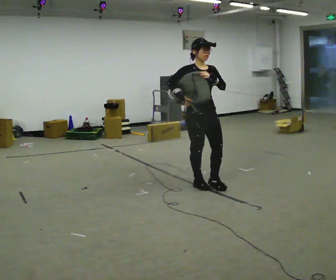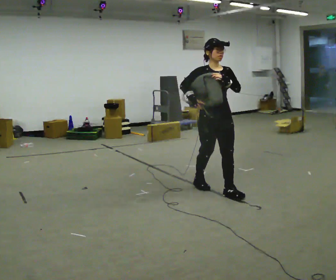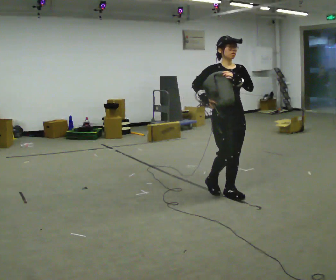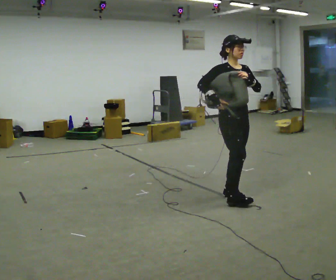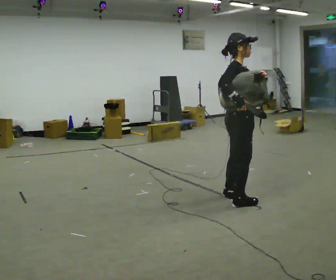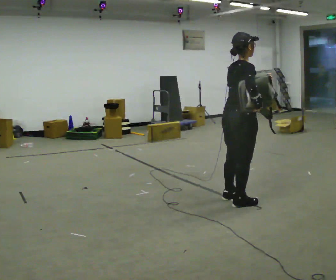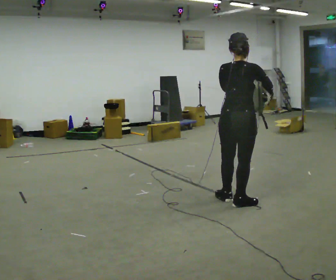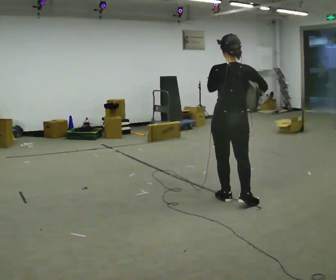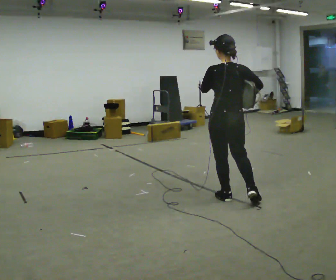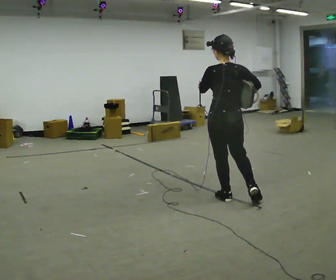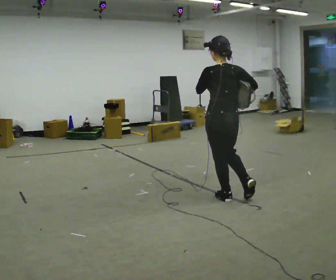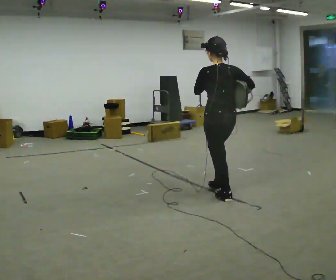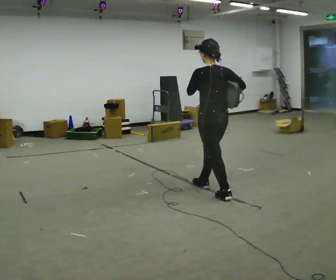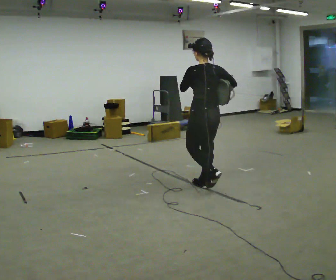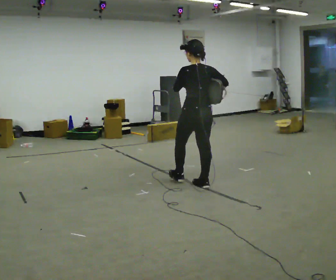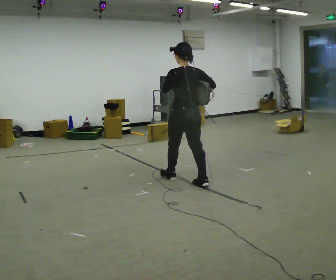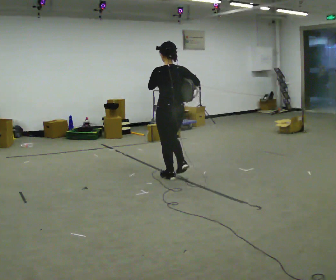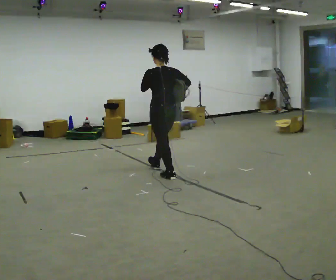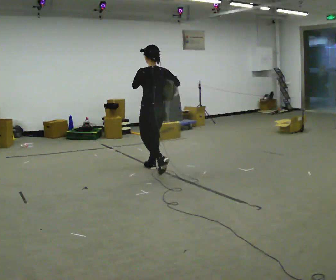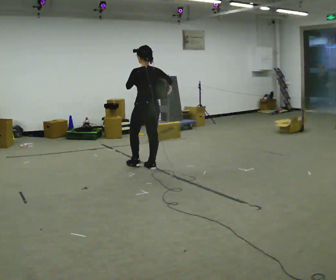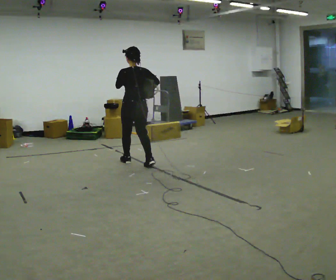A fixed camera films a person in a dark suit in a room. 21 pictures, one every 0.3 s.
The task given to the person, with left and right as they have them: Put the soft bag up onto your shoulder and carry it across the room, back and forth.
0.0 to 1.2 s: Seen from above the body turns counterclockwise, about 60 degrees: to their left, with its near side sliding to the right. In the picture they go toward the camera and to the right, about 0.5 m in 2 steps.
1.2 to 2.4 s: Seen from above the body turns counterclockwise, about 120 degrees: to their left, with its near side sliding to the right. In the picture their left hand goes to the left.
2.4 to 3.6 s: In the picture they go away from the camera and to the left, about 0.25 m in 1 step, which for them is forward.
3.6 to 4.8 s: In the picture they go to the left and away from the camera, about 0.5 m in 1 step, which for them is forward.
4.8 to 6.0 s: In the picture they go to the left and away from the camera, about 1 m in 2 steps, which for them is forward.
The film runs forward here.
